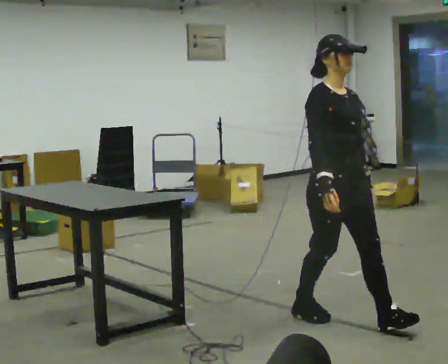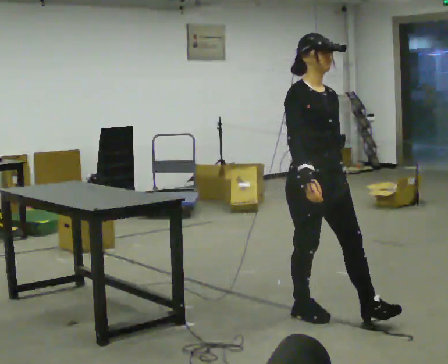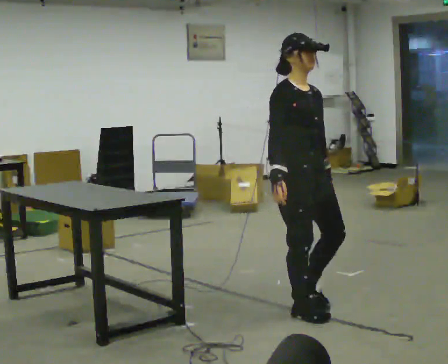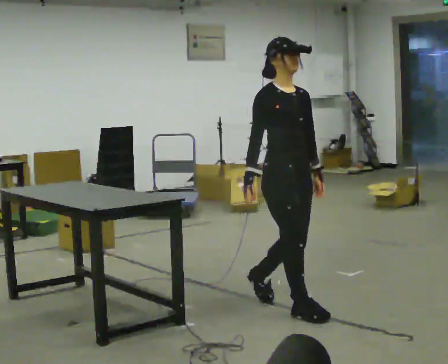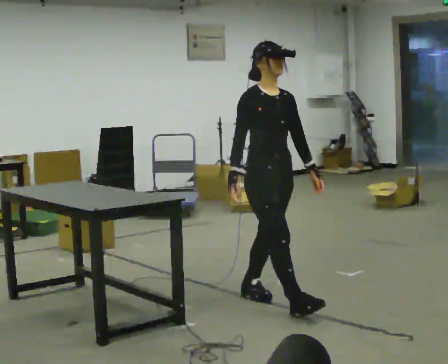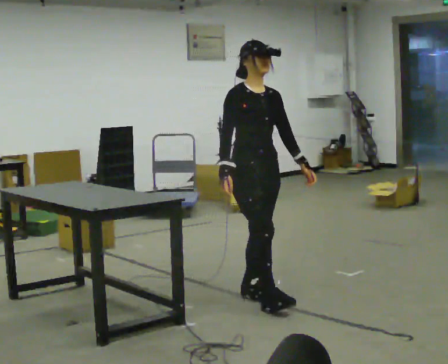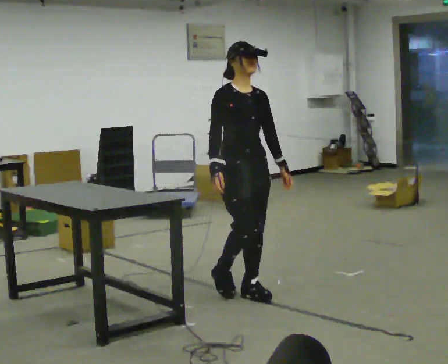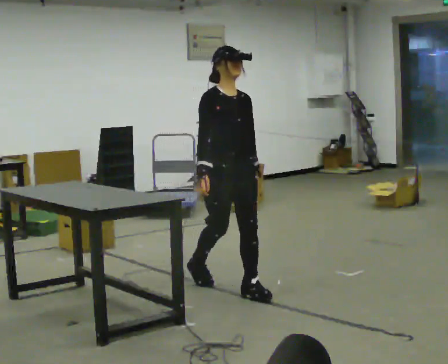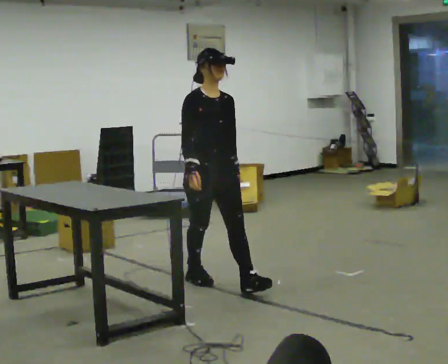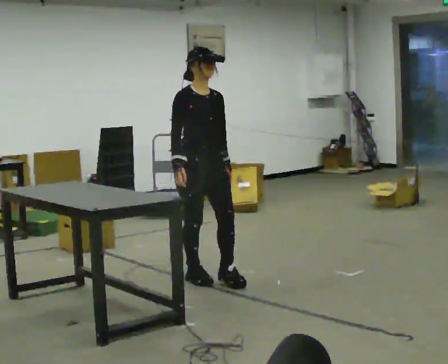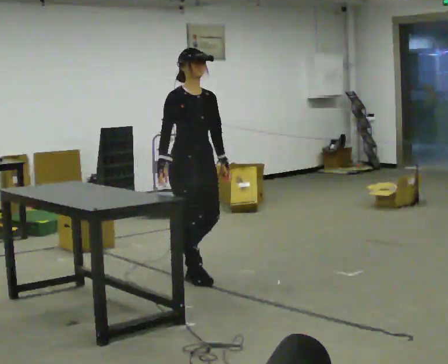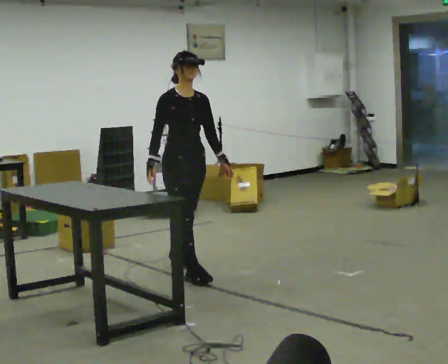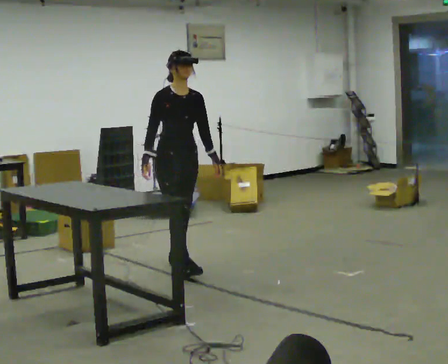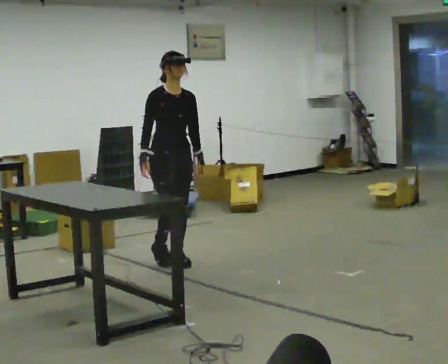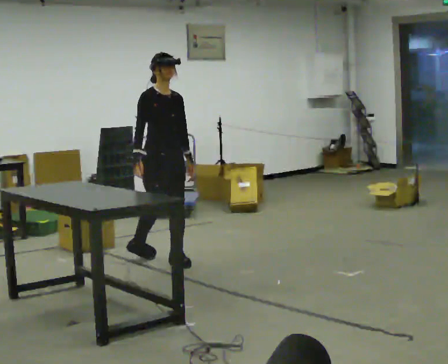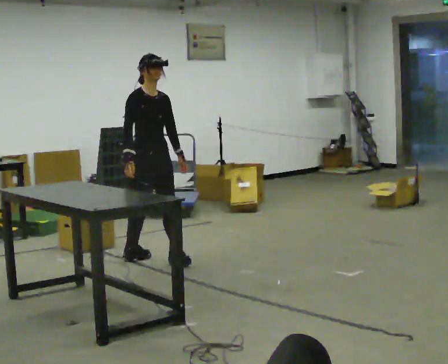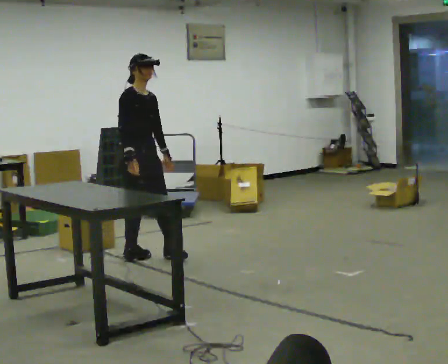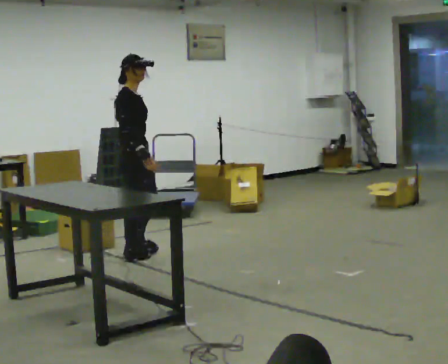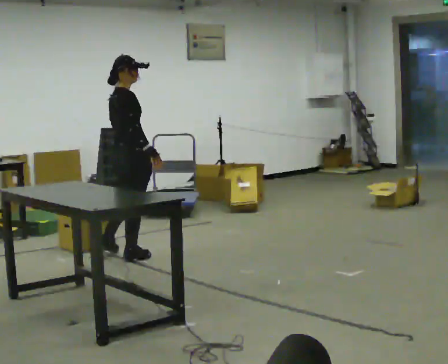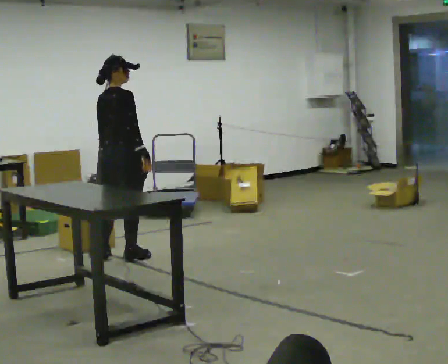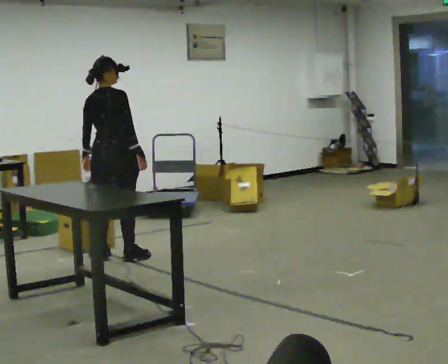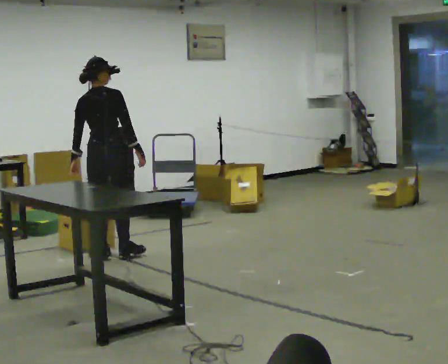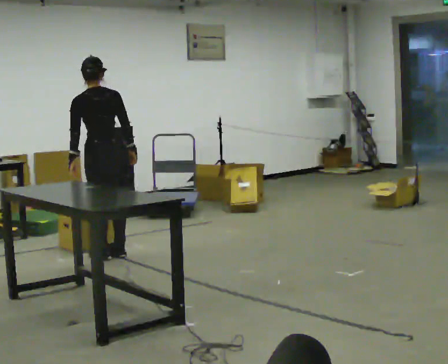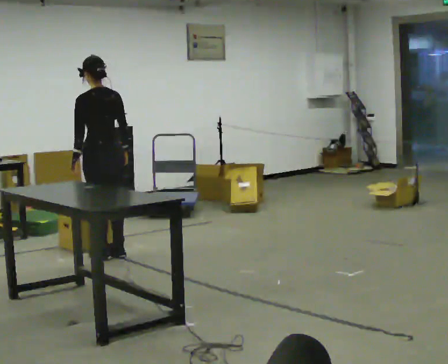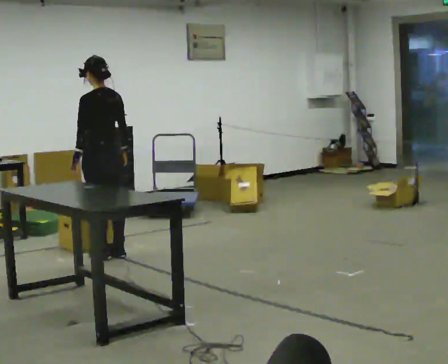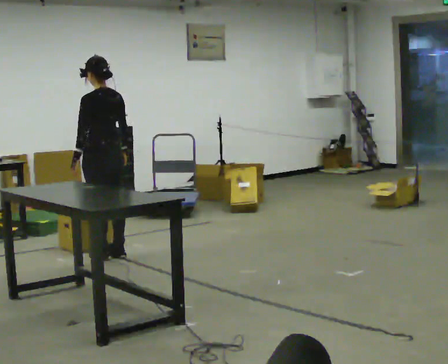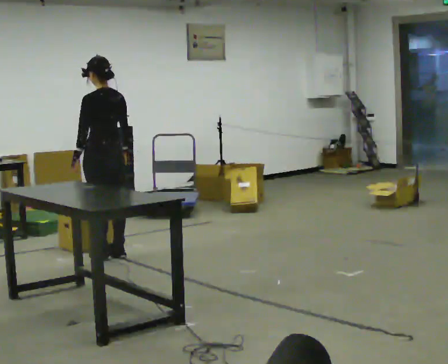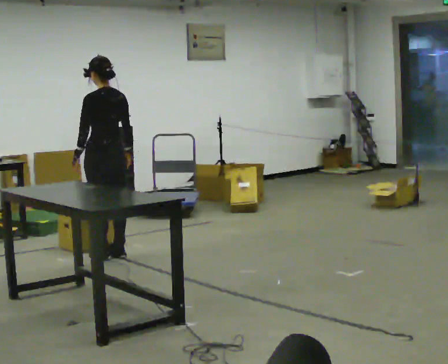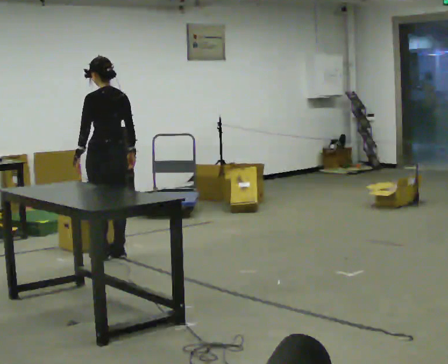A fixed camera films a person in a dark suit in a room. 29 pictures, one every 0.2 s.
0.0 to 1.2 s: In the picture they go away from the camera and to the left, about 1 m in 2 steps, which for them is backward.
1.2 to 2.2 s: In the picture they go away from the camera and to the left, about 0.5 m in 1 step, which for them is backward.
2.2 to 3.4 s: The person turns about 45 degrees to their left, counterclockwise seen from above, so the part of the body nearest the lens slides to the right. In the picture they go away from the camera and to the left, about 0.5 m in 2 steps, which for them is backward.
3.4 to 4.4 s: The part of the body nearest the lens slides to the right as the person turns to their left by about 105 degrees. In the picture they go to the left, about 0.25 m.
4.4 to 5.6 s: Seen from above the body turns counterclockwise, about 30 degrees: to their left, with its near side sliding to the right.
The film runs backward here.
